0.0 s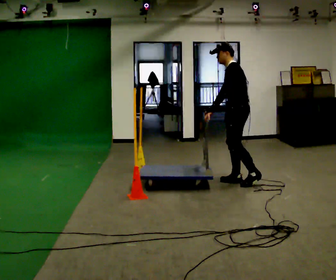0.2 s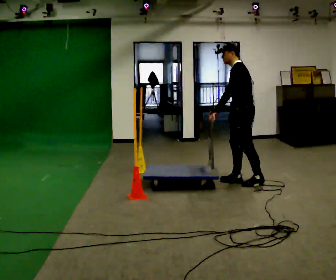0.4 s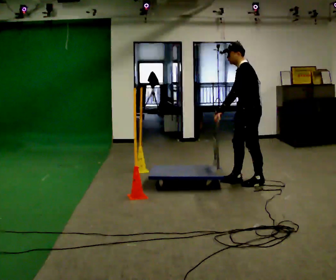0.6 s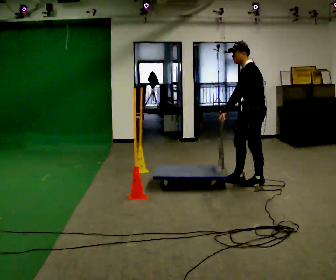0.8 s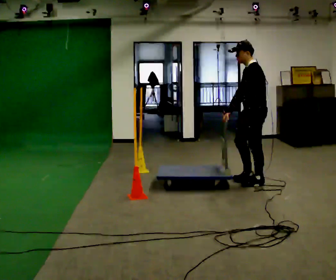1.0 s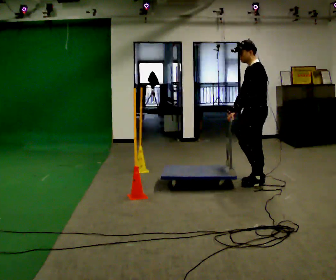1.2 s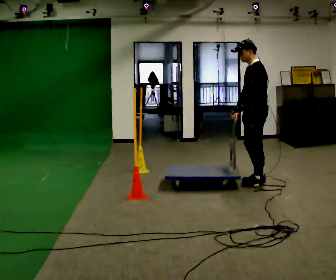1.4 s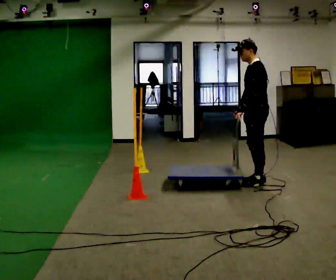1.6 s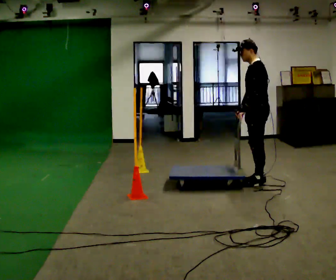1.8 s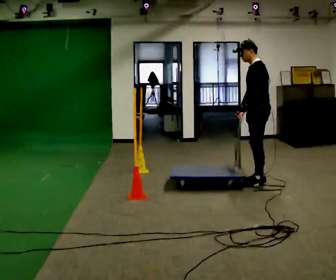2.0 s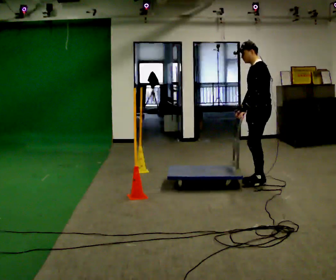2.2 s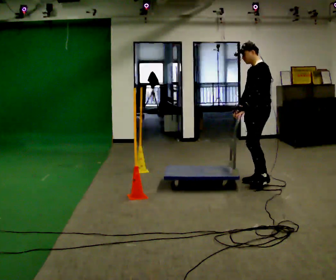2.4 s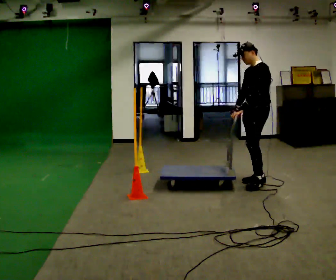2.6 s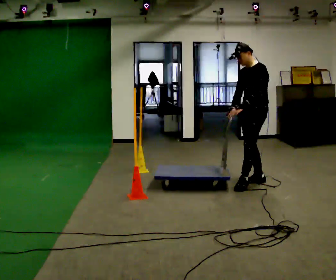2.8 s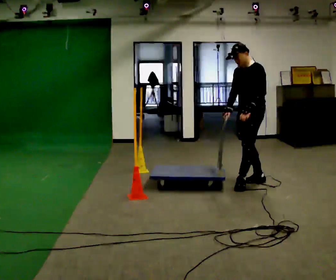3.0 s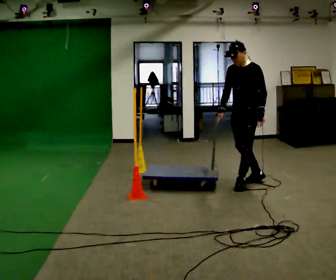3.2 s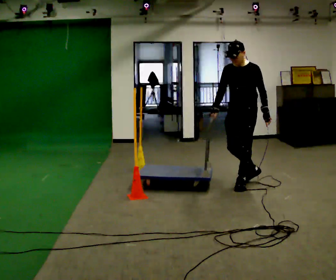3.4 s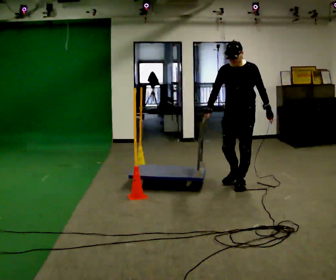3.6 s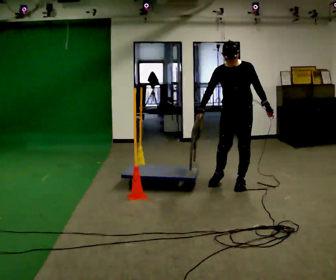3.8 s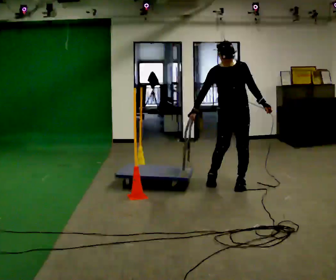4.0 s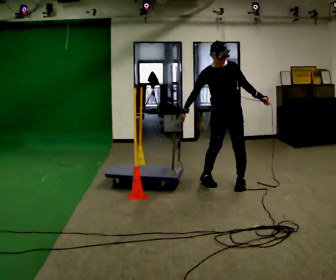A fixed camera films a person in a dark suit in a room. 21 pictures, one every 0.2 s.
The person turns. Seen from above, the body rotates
counterclockwise.
The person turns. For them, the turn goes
to their left.
0.0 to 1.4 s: In the picture they go to the right, about 0.25 m in 1 step, which for them is backward. In the picture their left hand goes to the right.
1.4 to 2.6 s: The part of the body nearest the lens slides to the right as the person turns to their left by about 30 degrees.
2.6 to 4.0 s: The part of the body nearest the lens slides to the right as the person turns to their left by about 75 degrees. In the picture they go to the left and toward the camera, about 0.5 m in 1 step.
The film runs backward here.
